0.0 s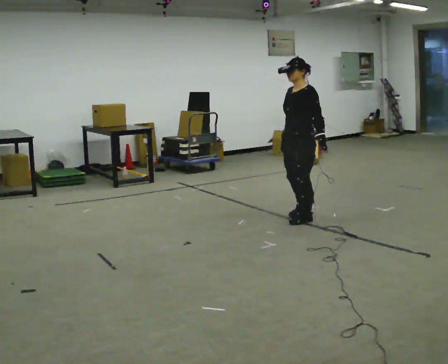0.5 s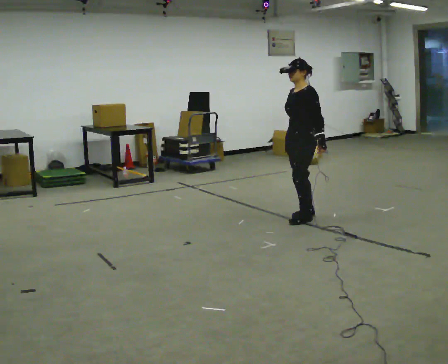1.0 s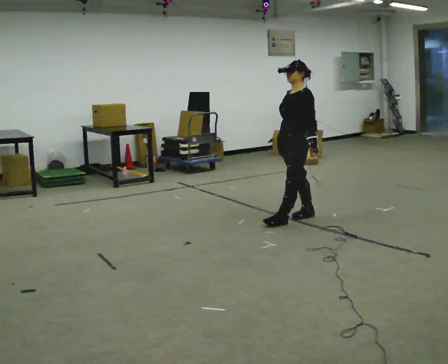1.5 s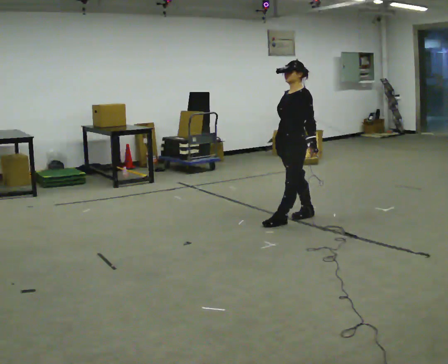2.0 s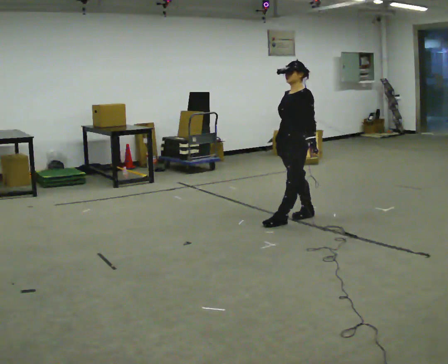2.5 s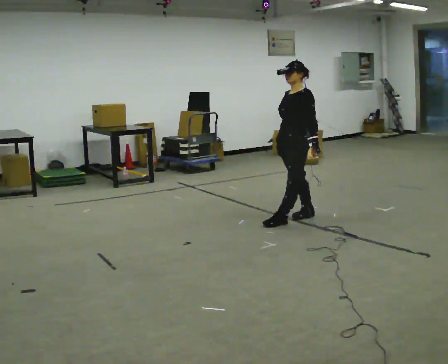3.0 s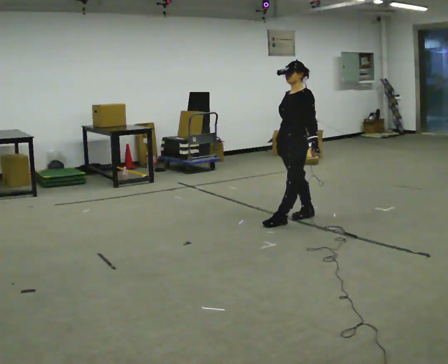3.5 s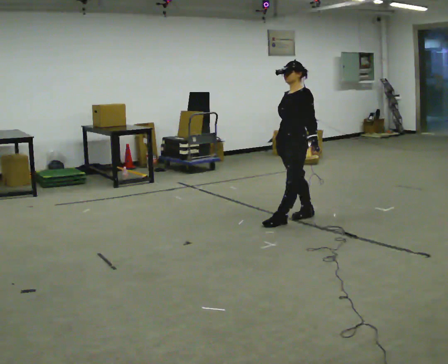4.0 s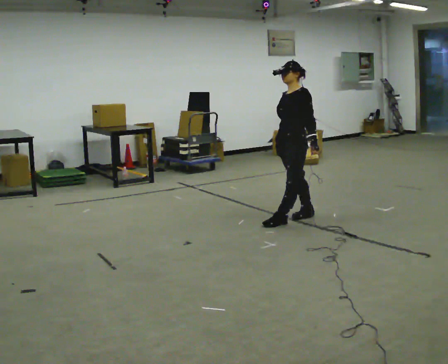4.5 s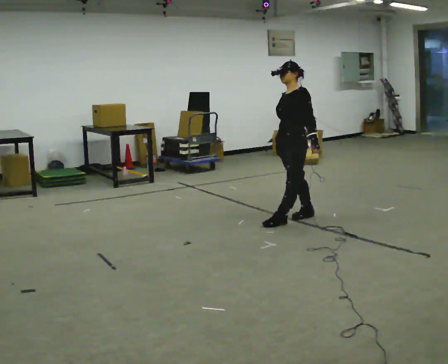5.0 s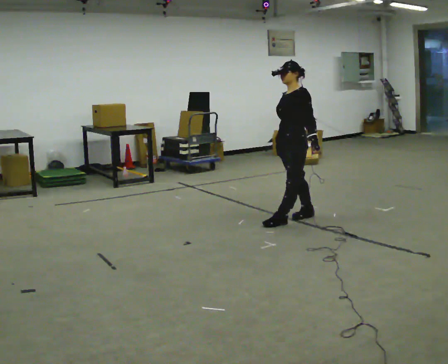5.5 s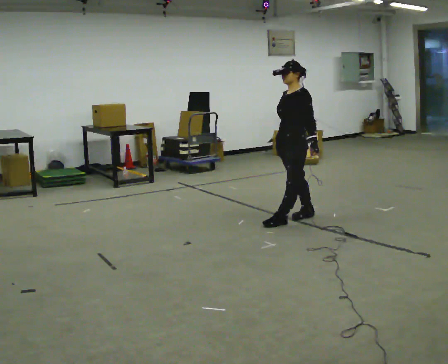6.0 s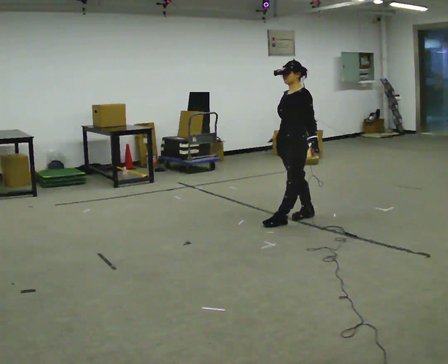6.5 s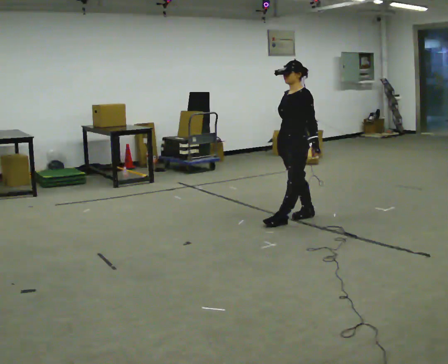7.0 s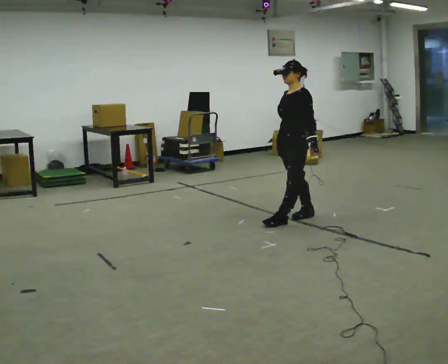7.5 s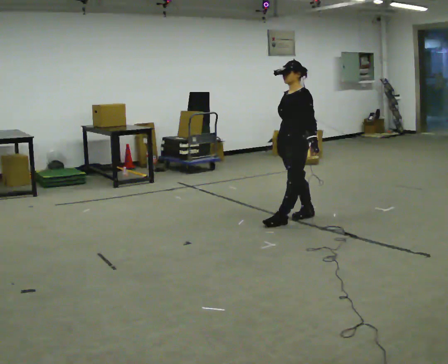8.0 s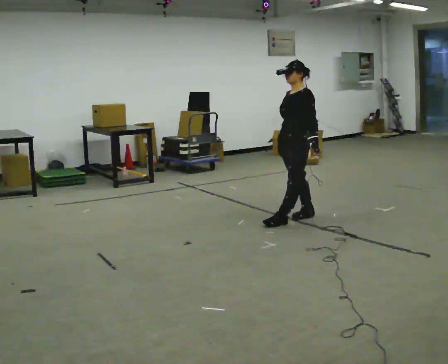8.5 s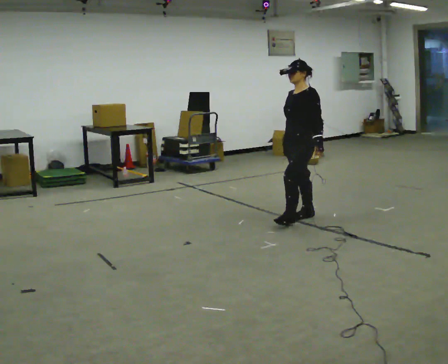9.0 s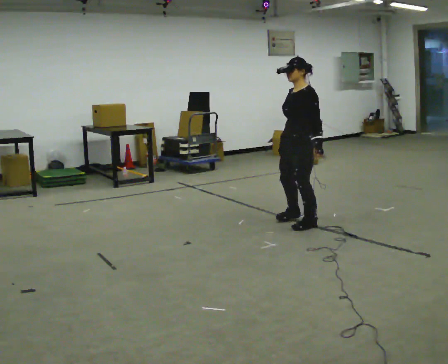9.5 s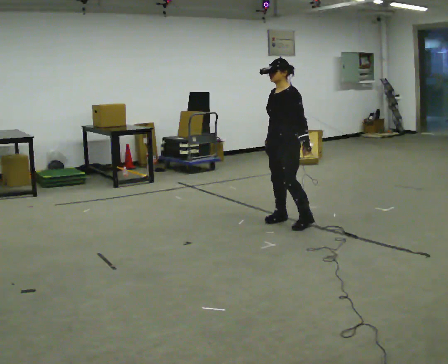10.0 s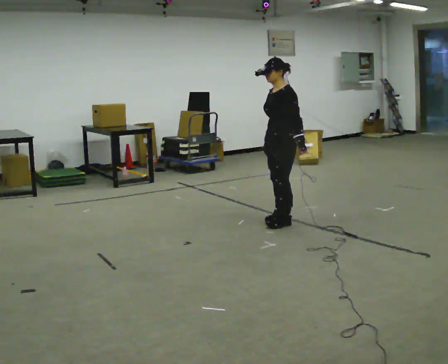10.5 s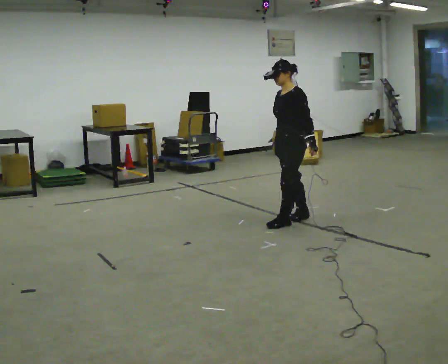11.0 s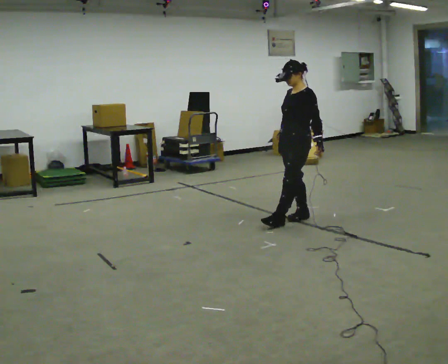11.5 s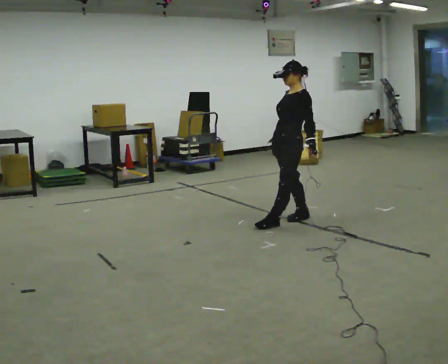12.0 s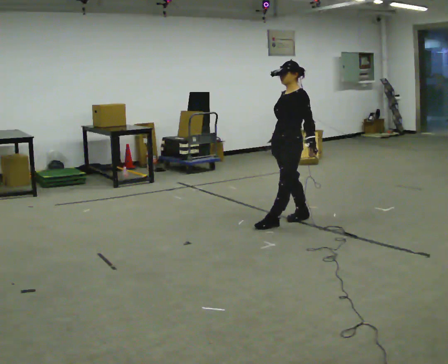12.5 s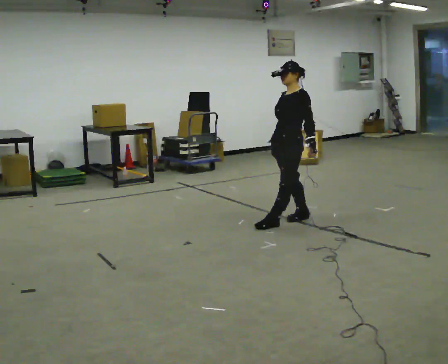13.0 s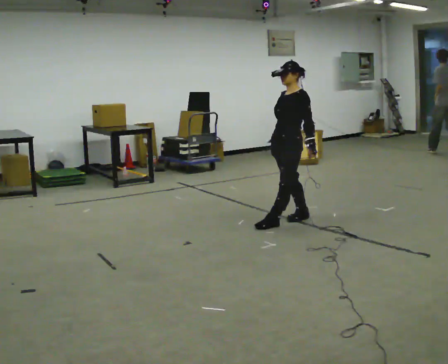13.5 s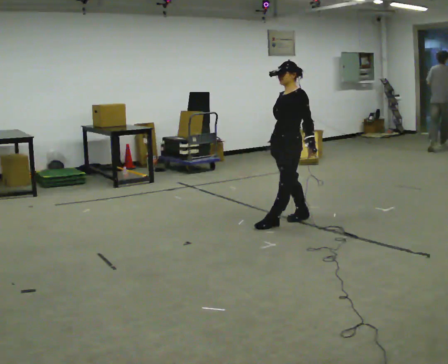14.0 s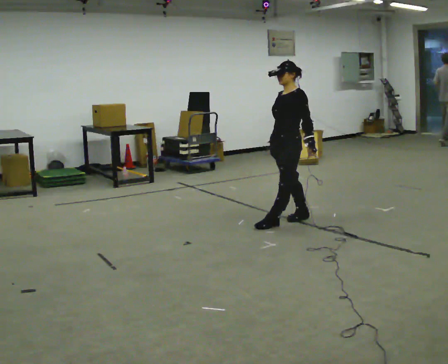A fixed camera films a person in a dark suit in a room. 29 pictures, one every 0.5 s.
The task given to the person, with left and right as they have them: Stand with one foot directly in front of the other, heel to toe, on the marked line. Hold your balance until you lose it, then step out. Repeat at your own pace until the operator says stop. Go slowly and only as far as you are comfortable. Step whenever you need to; do not try to hold on longer than feels safe.
0.0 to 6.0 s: The person moves a little, or ends about where they began.
6.0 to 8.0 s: The person keeps their place and pose.
8.0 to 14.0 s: The person moves a little, or ends about where they began.
The film runs forward here.
